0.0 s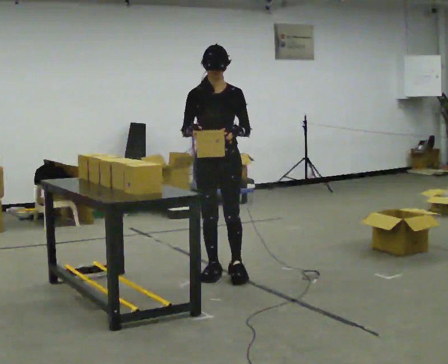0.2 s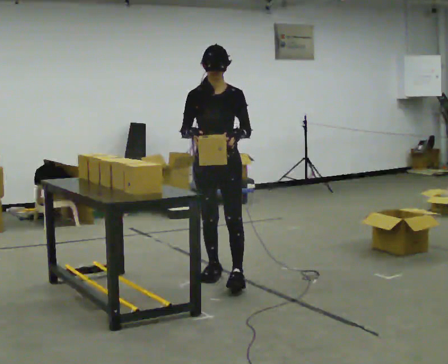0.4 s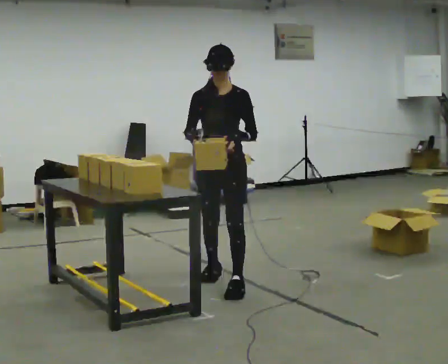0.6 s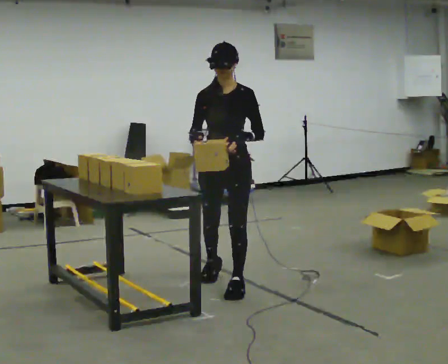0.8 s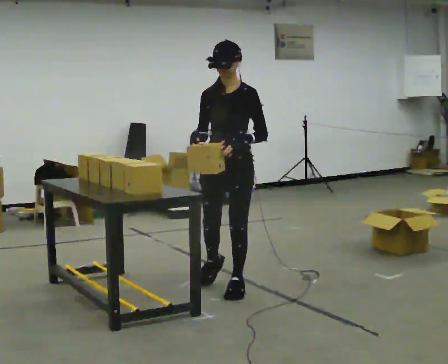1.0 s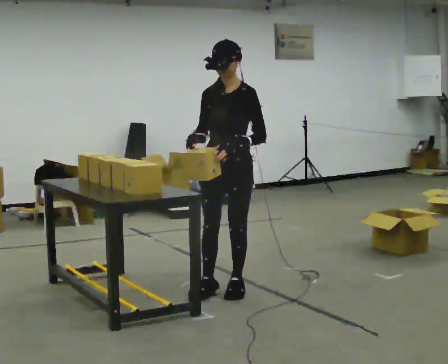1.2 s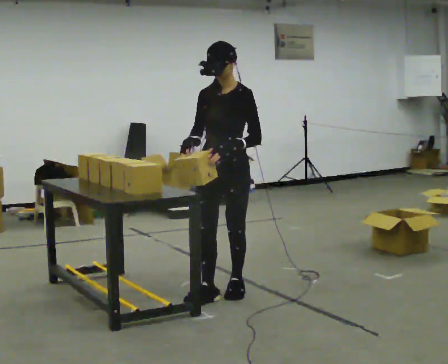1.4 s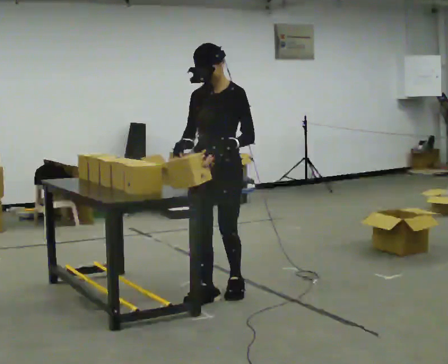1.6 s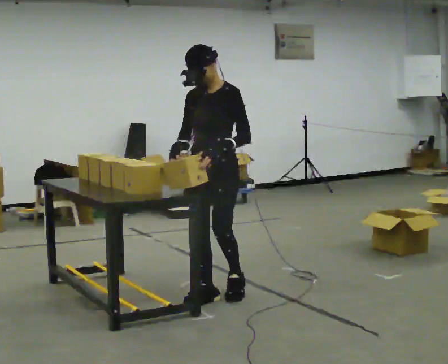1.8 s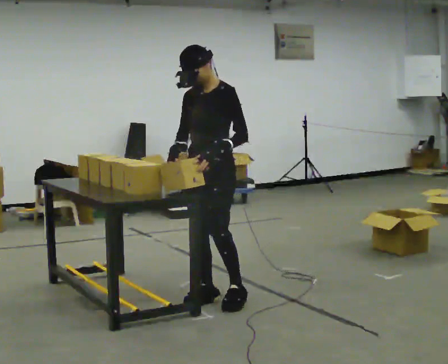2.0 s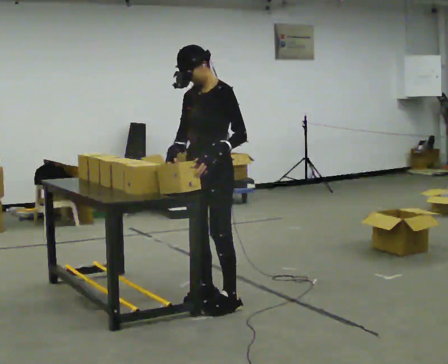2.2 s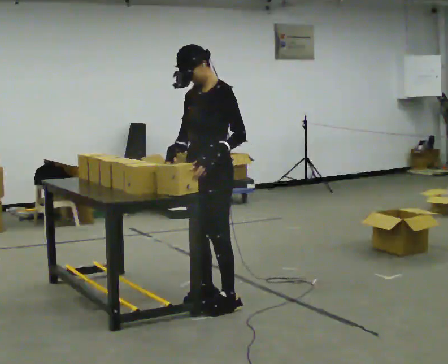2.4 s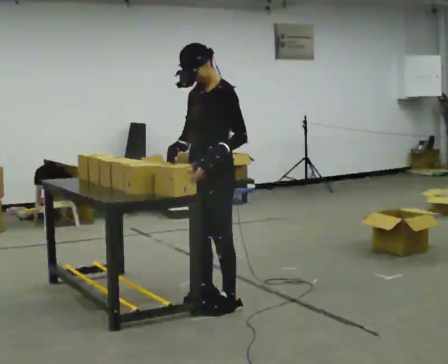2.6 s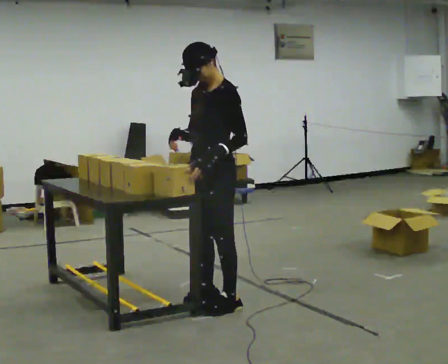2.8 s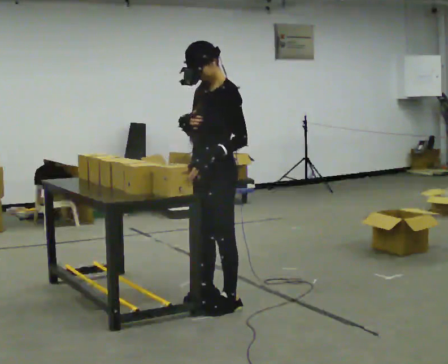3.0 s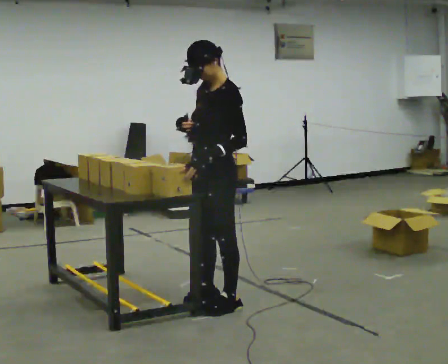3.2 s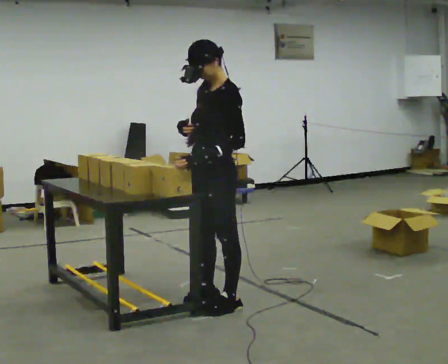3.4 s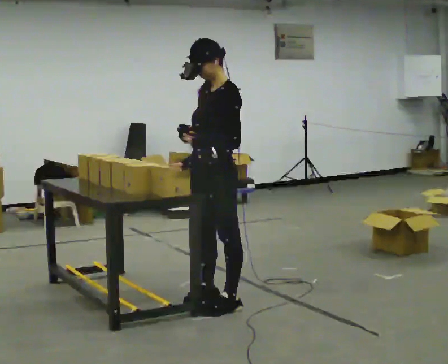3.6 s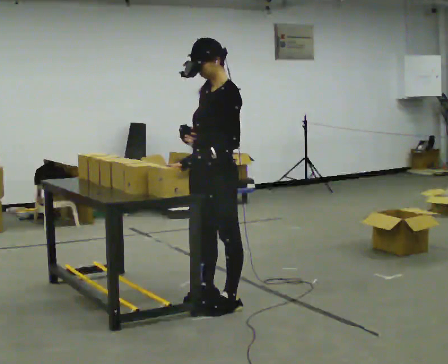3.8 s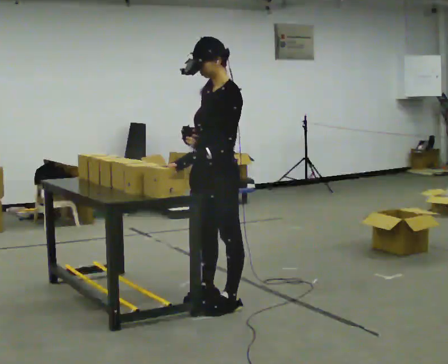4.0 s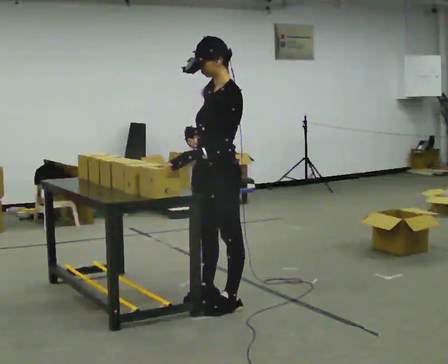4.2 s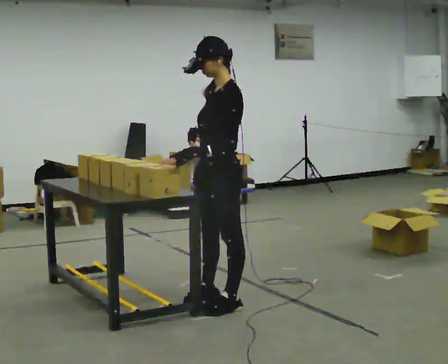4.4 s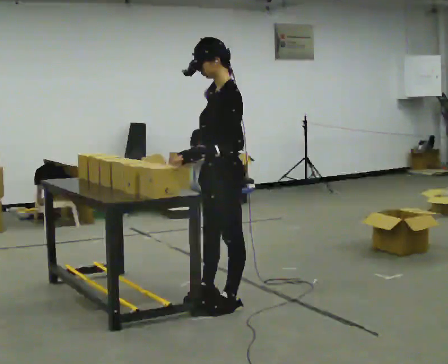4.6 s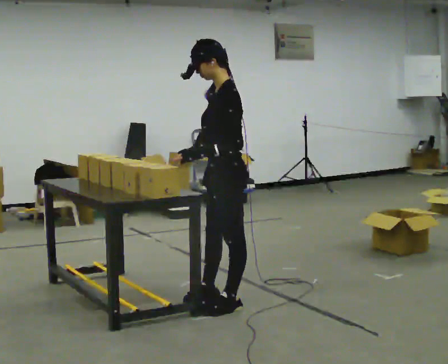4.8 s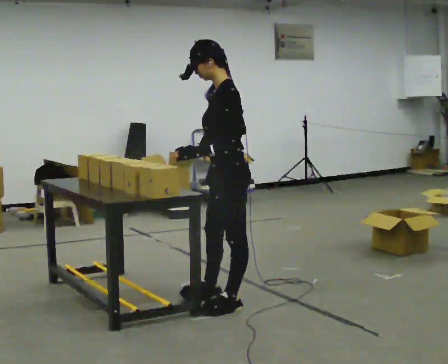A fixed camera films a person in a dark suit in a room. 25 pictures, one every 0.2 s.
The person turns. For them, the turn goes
to their right.
The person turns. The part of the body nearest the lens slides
to the left.
0.0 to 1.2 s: The person turns about 30 degrees to their right, clockwise seen from above, so the part of the body nearest the lens slides to the left. In the picture they go toward the camera, about 0.5 m in 2 steps, which for them is forward and to their left.
1.2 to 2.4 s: In the picture they go toward the camera, about 0.25 m in 1 step, which for them is forward.
2.4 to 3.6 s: The person moves a little, or ends about where they began.
3.6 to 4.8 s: Seen from above the body turns clockwise, about 30 degrees: to their right, with its near side sliding to the left.
The film runs forward here.
